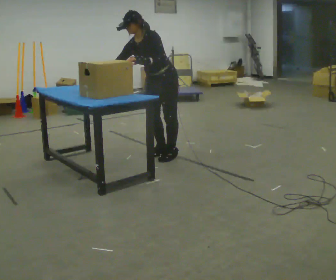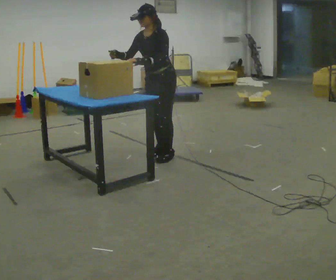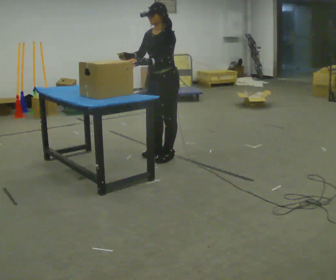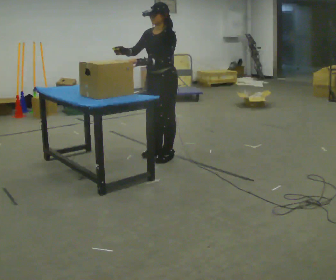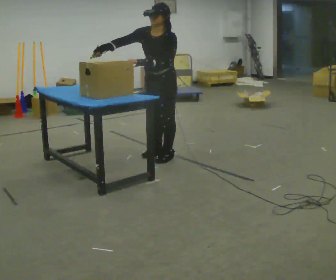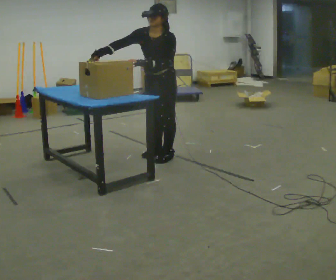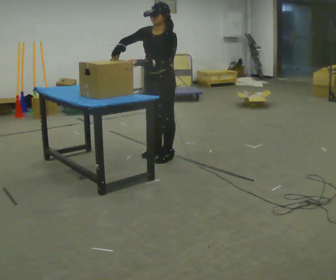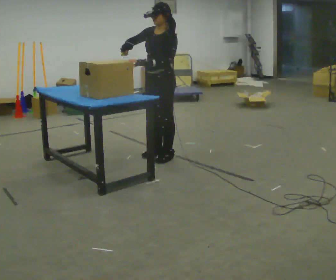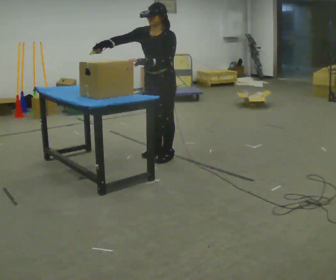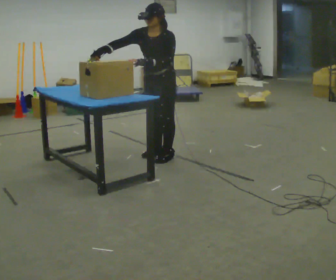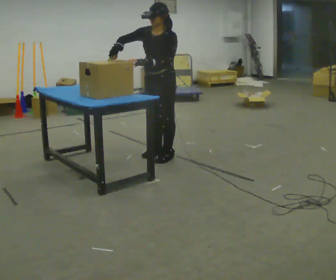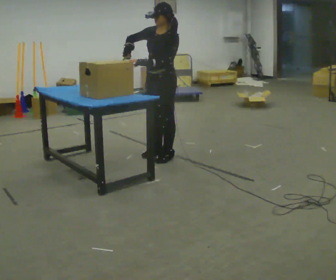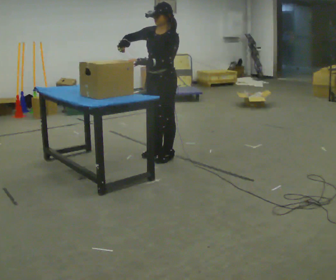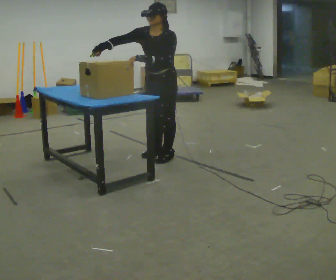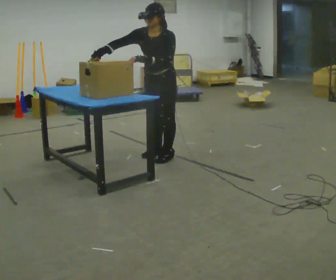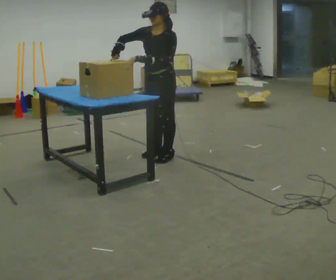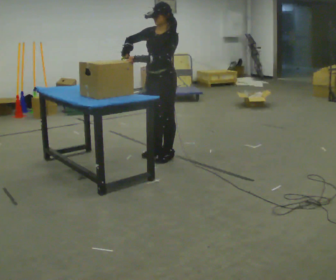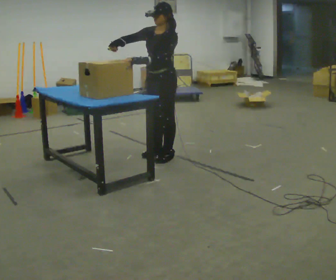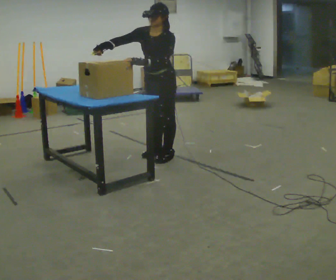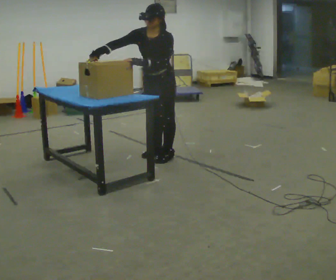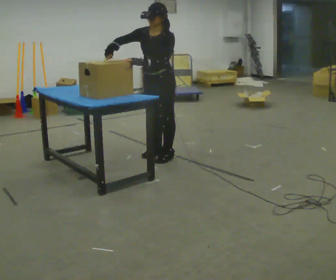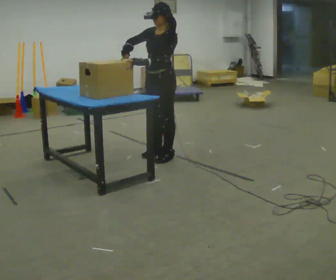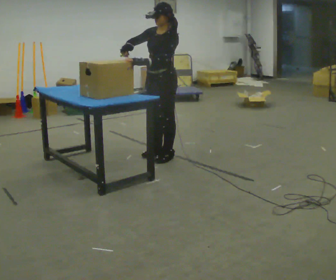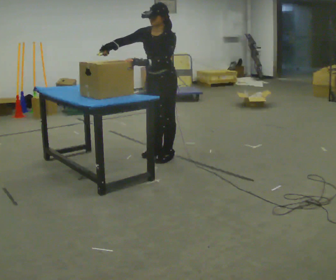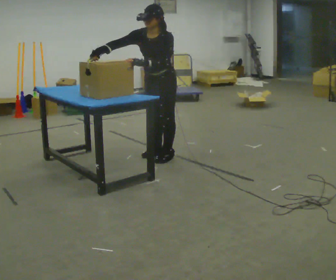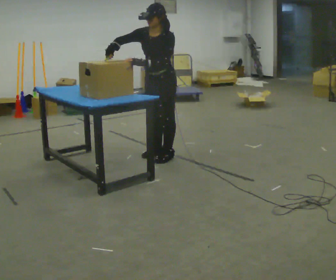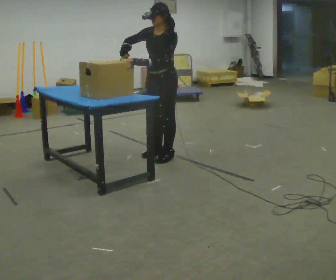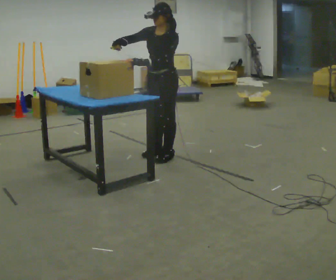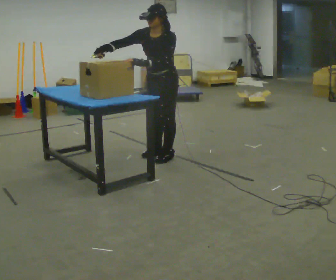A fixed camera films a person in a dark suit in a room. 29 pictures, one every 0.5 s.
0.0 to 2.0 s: In the picture the upper body tilts clockwise, shoulders to the right. In the picture their right hand goes upward.
2.0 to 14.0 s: The person moves a little, or ends about where they began.
The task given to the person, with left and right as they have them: Use the blunt tool to cut along the marked line on the block. Repeat at your own pace until the operator says stop. Keep both feet on the marked spots for the whole take. If you have to step, stop and tell the operator.
The film runs forward here.
